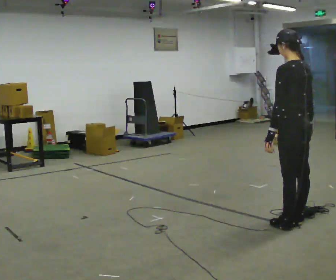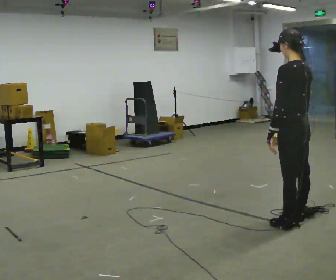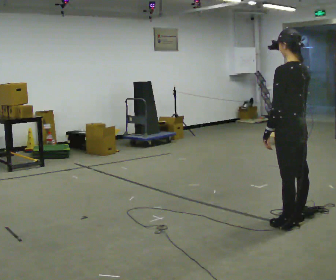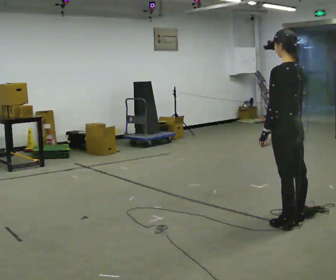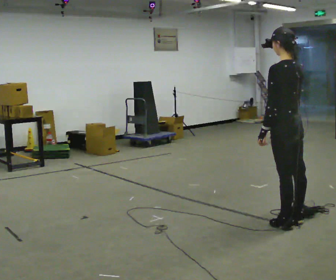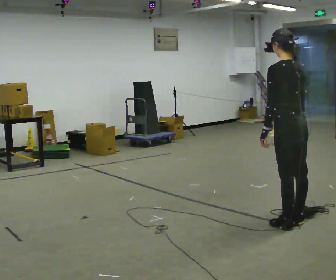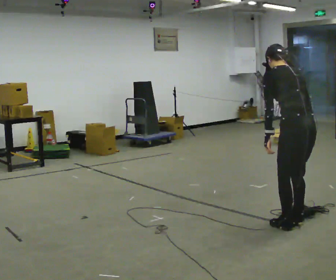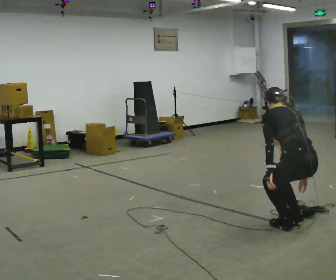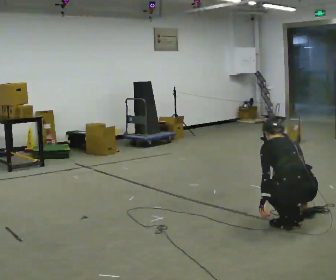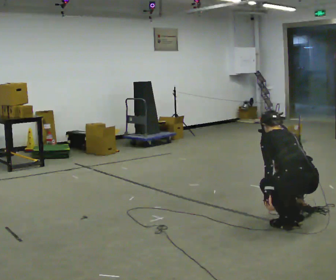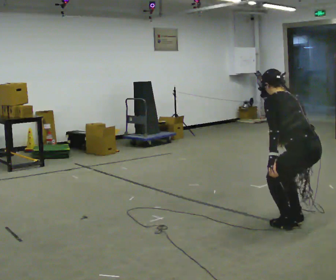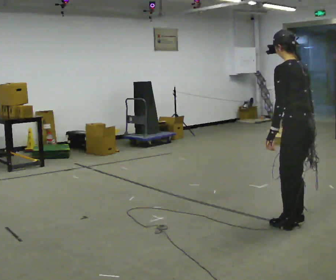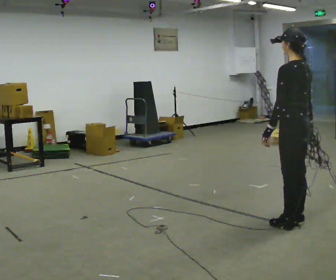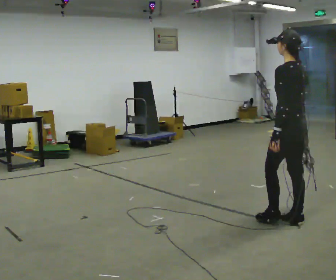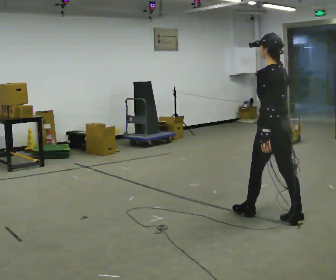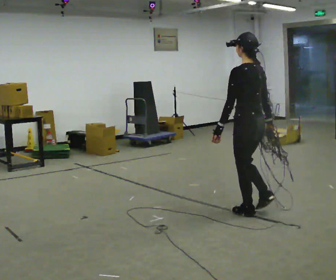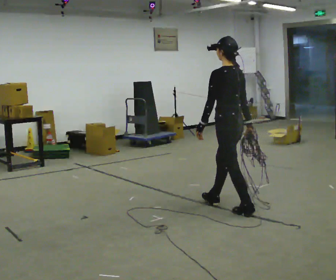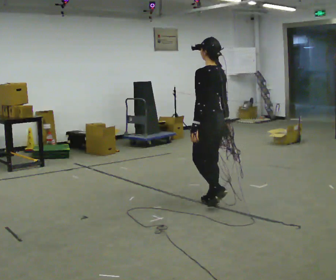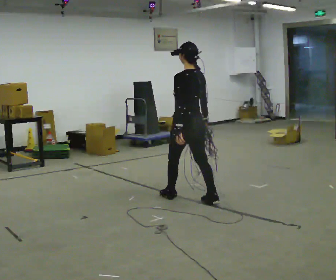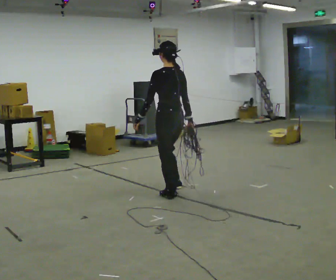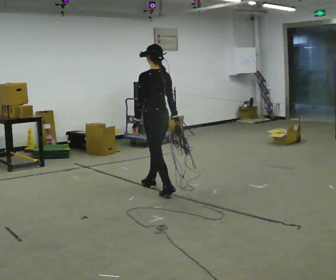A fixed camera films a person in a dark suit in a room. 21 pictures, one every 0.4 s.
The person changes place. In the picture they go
to the left.
0.0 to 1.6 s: The person moves a little, or ends about where they began.
1.6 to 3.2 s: In the picture they go toward the camera, about 0.25 m, which for them is backward. The shoulders move downward. The upper body tips away from the camera, its near side rolling upward, as they bend forward. In the picture their left hand goes downward.
3.2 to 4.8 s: In the picture they go away from the camera, about 0.25 m, which for them is forward. The upper body goes upward. The upper body tips toward the camera, its near side rolling downward, as they lean back or straighten. In the picture their left hand goes upward.
4.8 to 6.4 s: In the picture they go to the left and away from the camera, about 0.5 m in 2 steps, which for them is forward.
6.4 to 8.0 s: In the picture they go to the left and away from the camera, about 1 m in 2 steps, which for them is forward.
The film runs forward here.
